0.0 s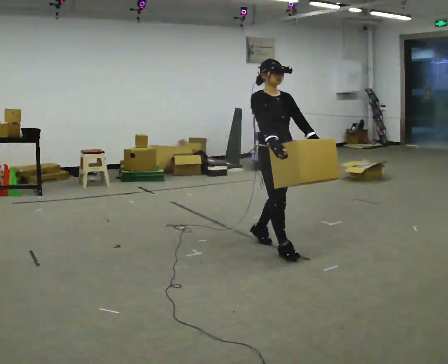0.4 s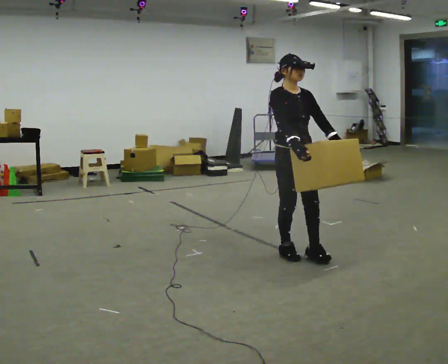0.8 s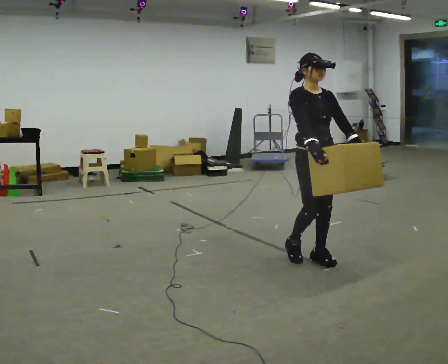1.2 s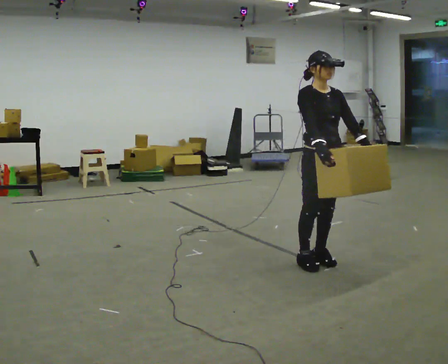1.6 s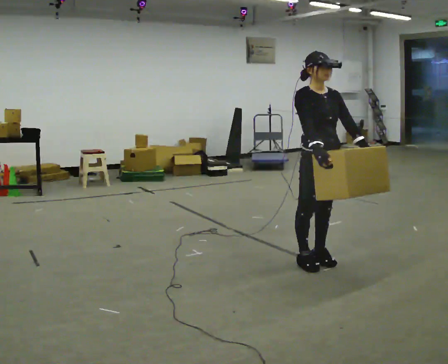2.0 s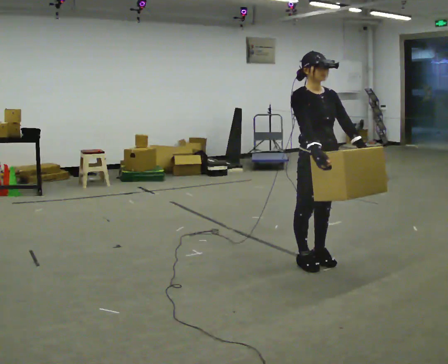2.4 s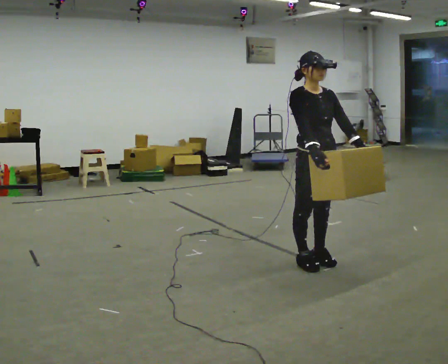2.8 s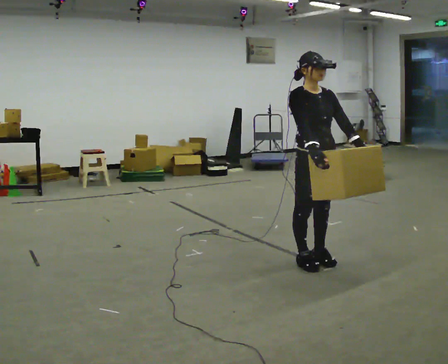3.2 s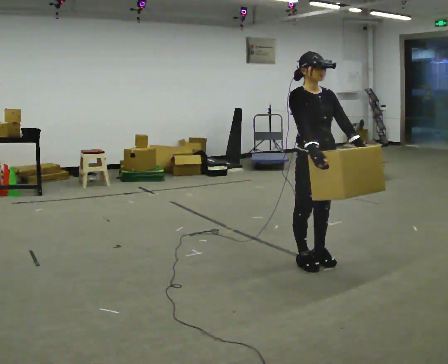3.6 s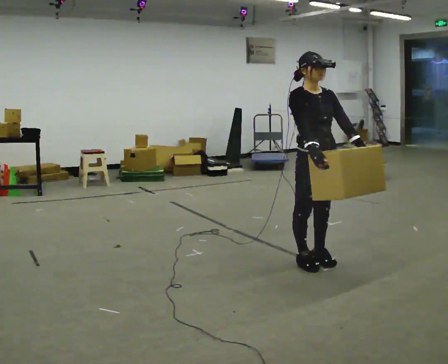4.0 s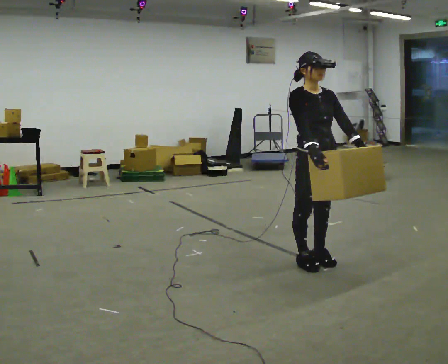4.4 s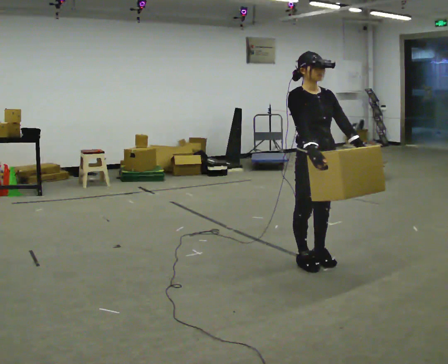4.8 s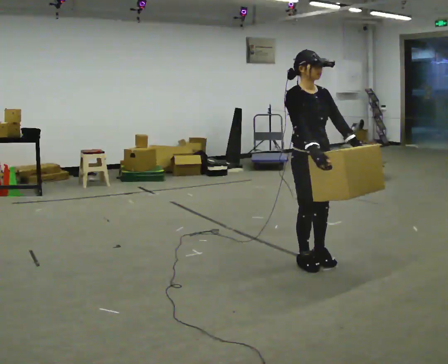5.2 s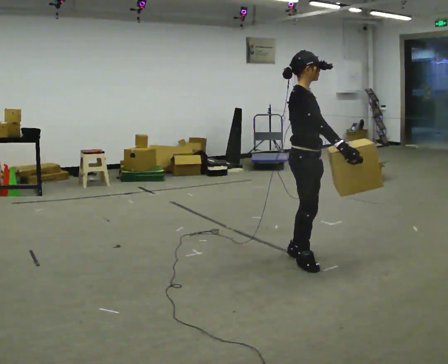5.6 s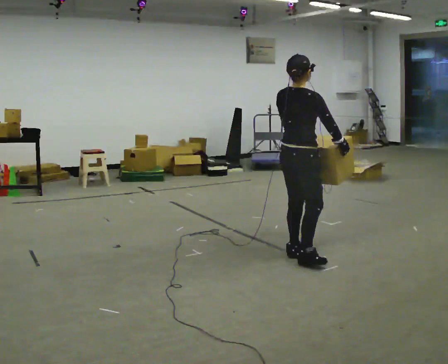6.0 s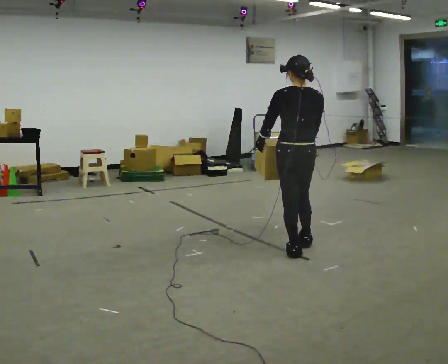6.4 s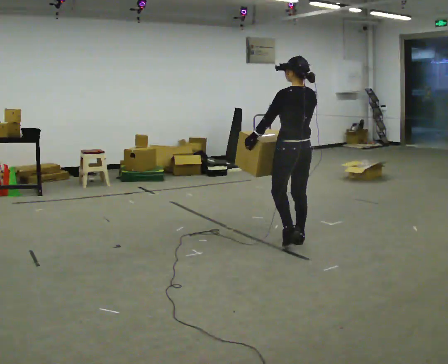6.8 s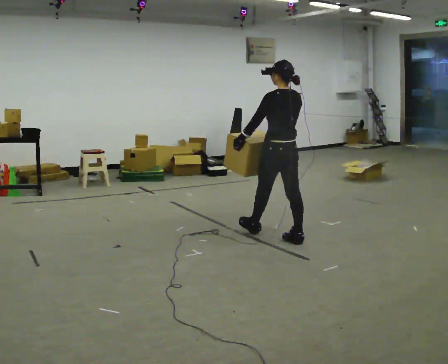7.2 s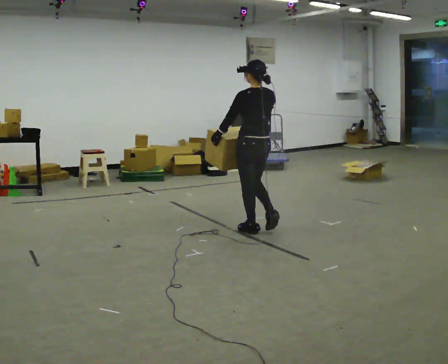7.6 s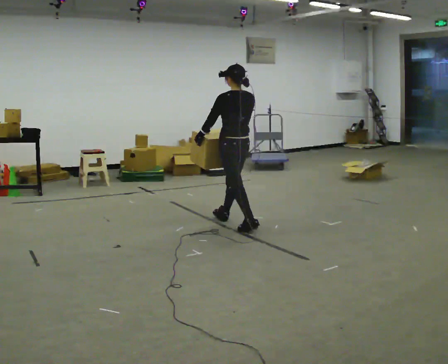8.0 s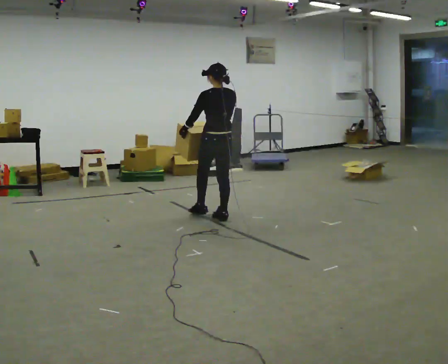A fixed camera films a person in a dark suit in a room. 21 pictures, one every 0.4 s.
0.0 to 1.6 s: In the picture they go to the right and toward the camera, about 0.5 m in 2 steps, which for them is forward.
1.6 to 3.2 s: The person keeps their place and pose.
3.2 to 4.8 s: The person moves a little, or ends about where they began.
4.8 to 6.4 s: The person turns about 165 degrees to their left, counterclockwise seen from above, so the part of the body nearest the lens slides to the right. In the picture they go away from the camera, about 0.5 m in 2 steps.
6.4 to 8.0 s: In the picture they go to the left and away from the camera, about 1 m in 2 steps, which for them is forward.
The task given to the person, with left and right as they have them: Carry the medium box in both hands in front of you, walking back and forth across the room. Keep walking until the operator says stop.
The film runs forward here.
